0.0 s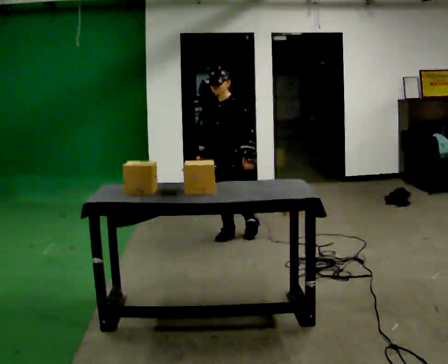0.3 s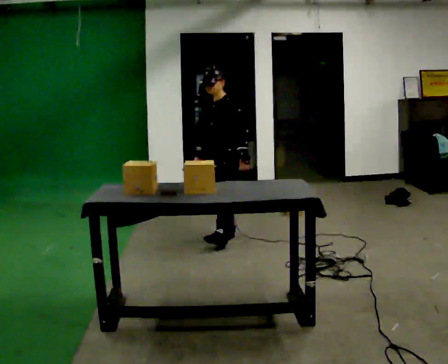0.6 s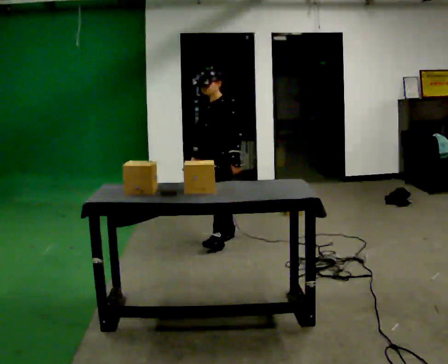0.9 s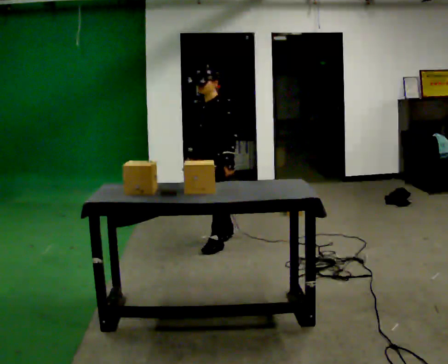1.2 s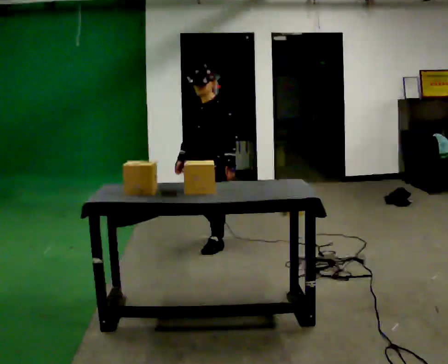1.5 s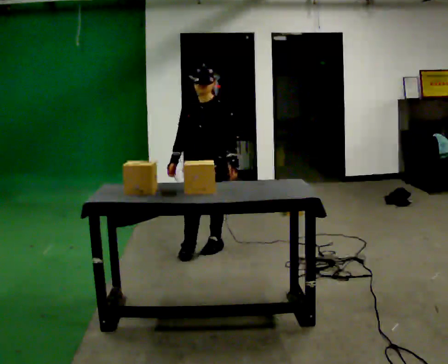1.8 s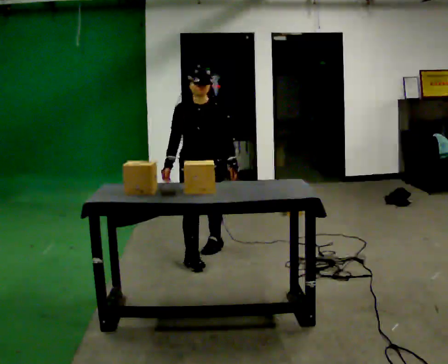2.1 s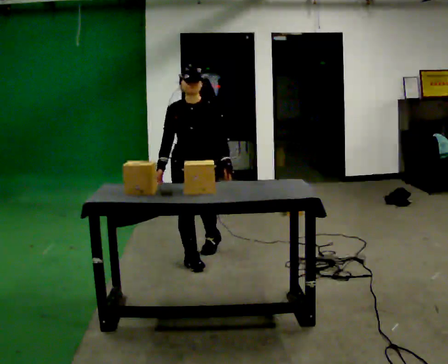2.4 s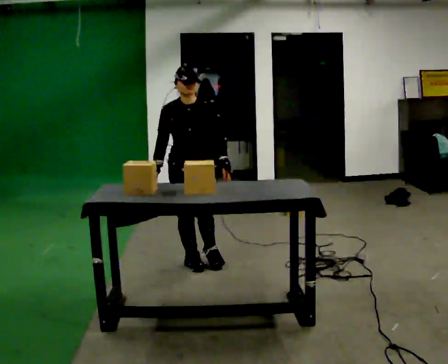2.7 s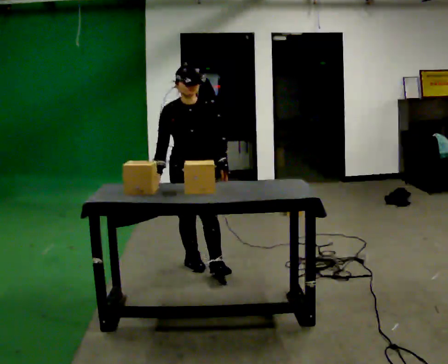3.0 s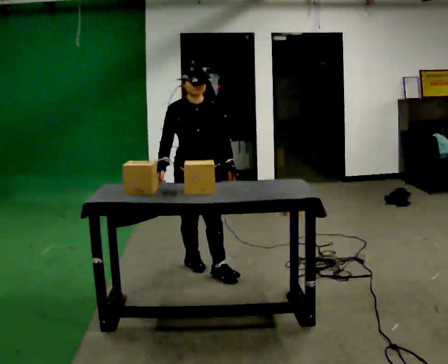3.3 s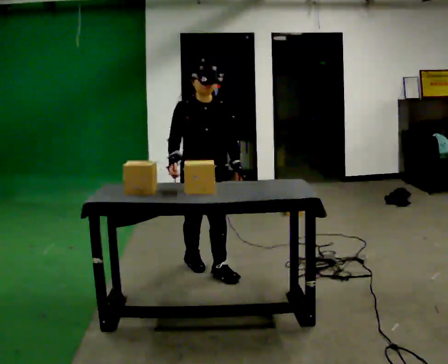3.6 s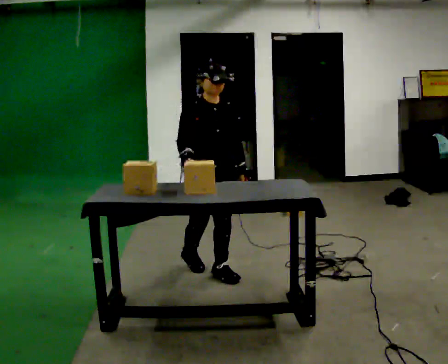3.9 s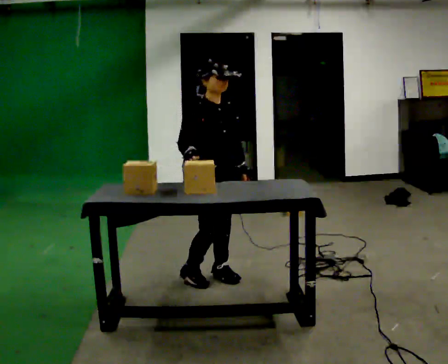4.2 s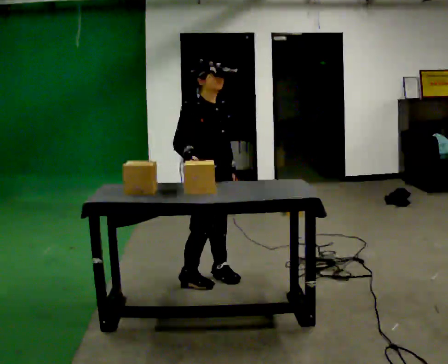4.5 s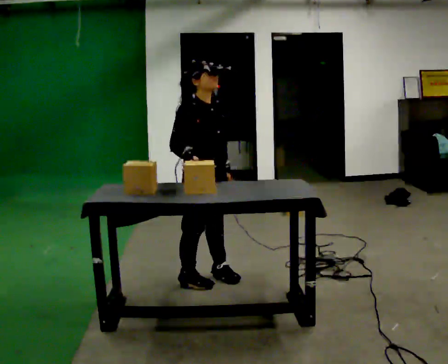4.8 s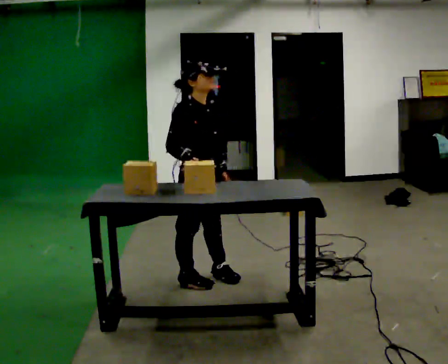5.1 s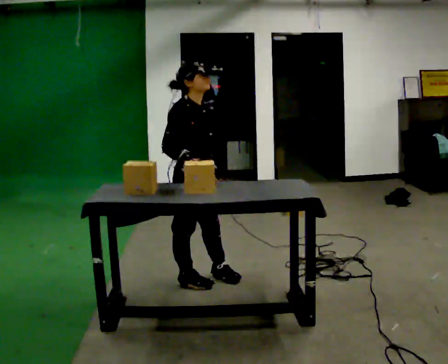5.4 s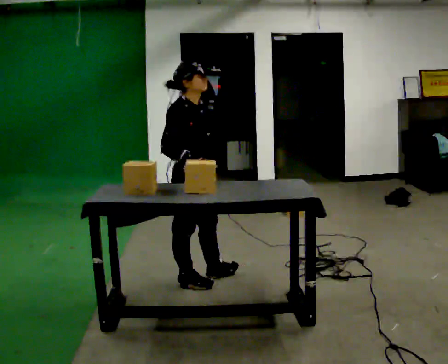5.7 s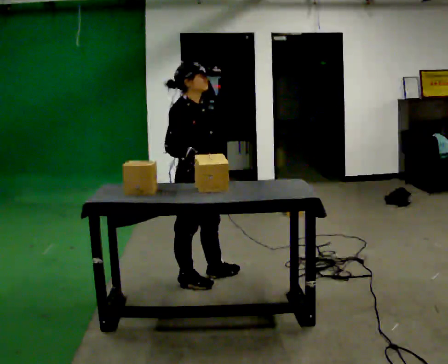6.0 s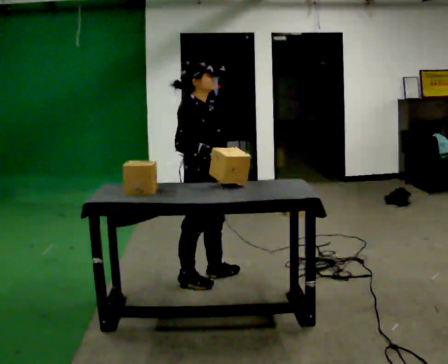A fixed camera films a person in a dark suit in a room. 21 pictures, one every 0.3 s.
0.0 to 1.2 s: In the picture they go toward the camera and to the left, about 0.5 m in 1 step, which for them is forward.
1.2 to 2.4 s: The part of the body nearest the lens slides to the right as the person turns to their left by about 45 degrees. In the picture they go toward the camera and to the left, about 0.5 m in 1 step, which for them is forward and to their right.
2.4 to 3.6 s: In the picture they go toward the camera, about 0.25 m in 1 step, which for them is forward.
3.6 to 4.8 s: The part of the body nearest the lens slides to the right as the person turns to their left by about 45 degrees.
4.8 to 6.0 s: The person moves a little, or ends about where they began.
The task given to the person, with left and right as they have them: Take an object off the waist-height shelf, carry it across the room, and set it down on the floor. Keep going until the operator says stop; one object at a time, and do not rush between trips.
The film runs forward here.
